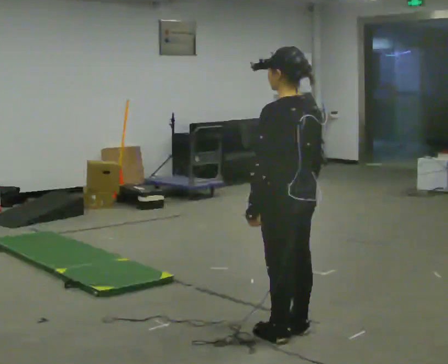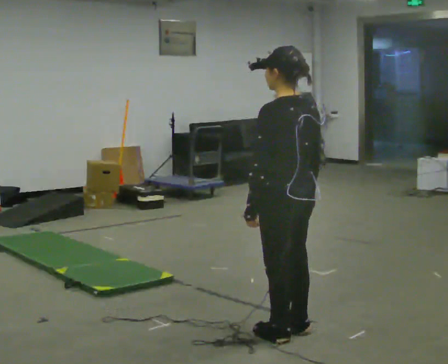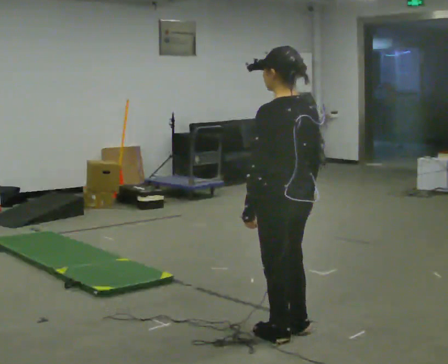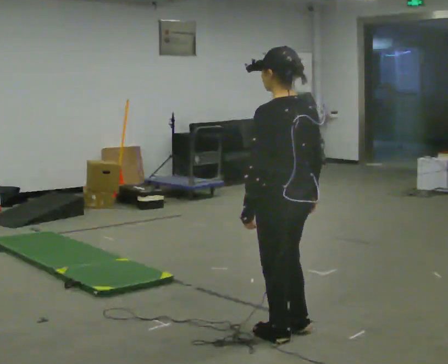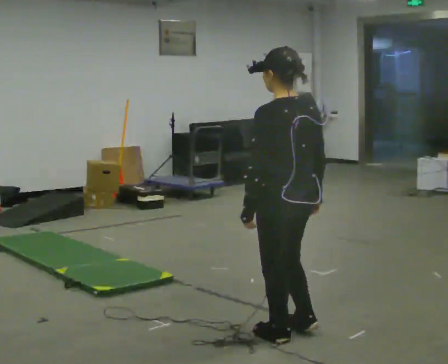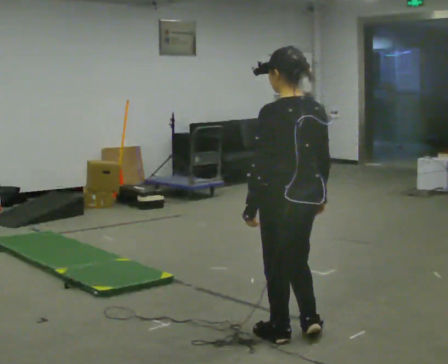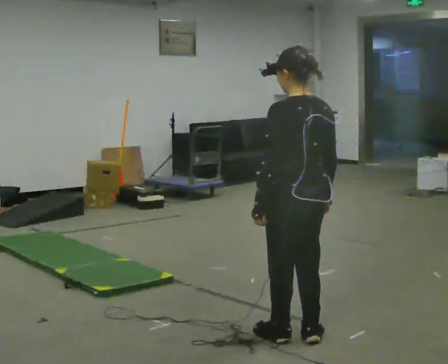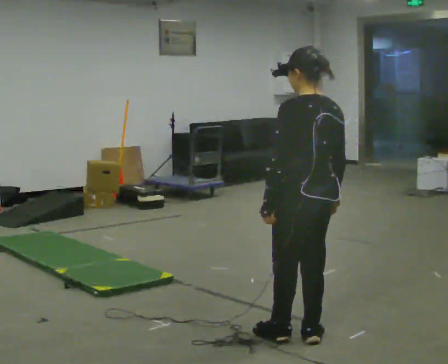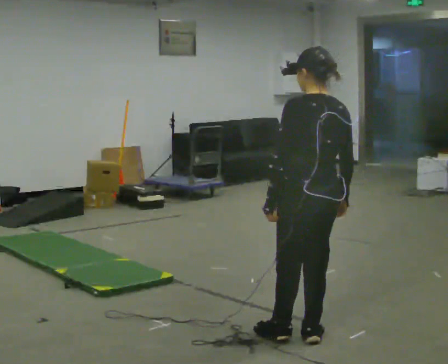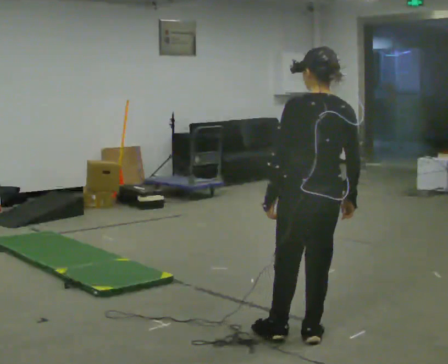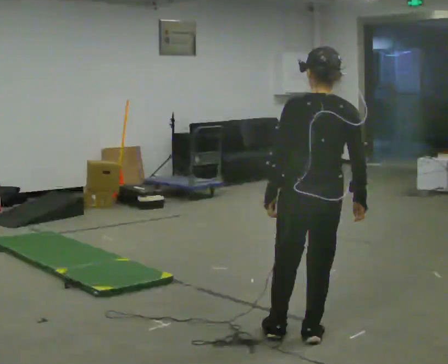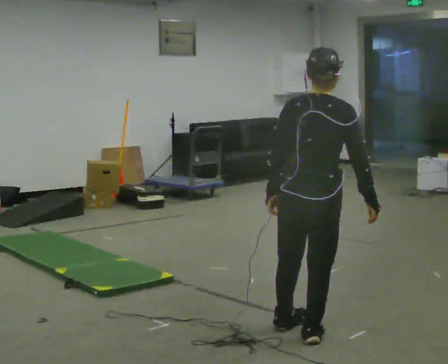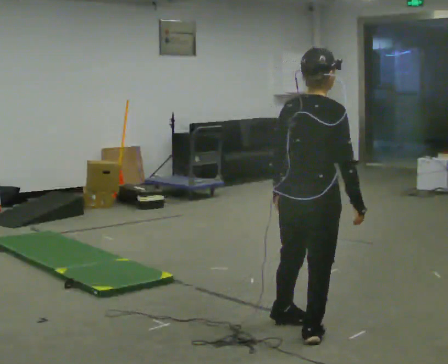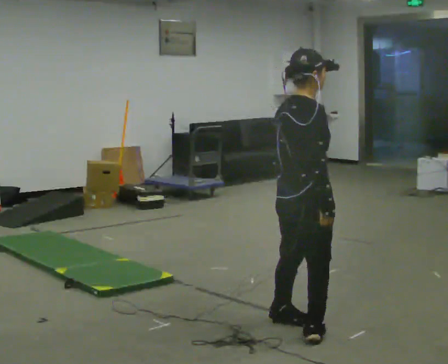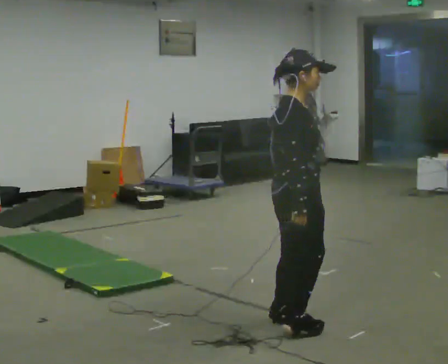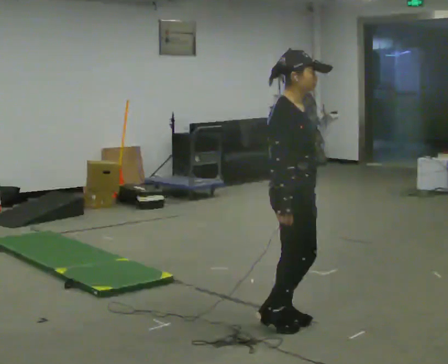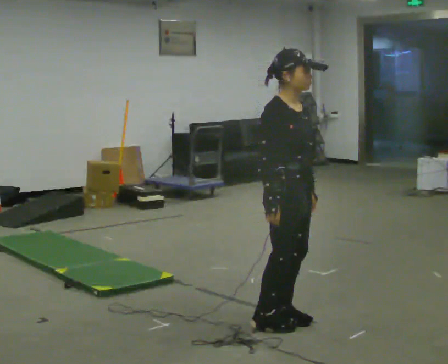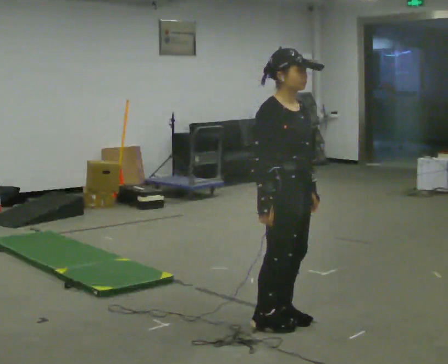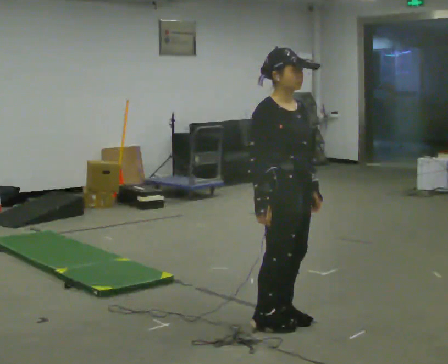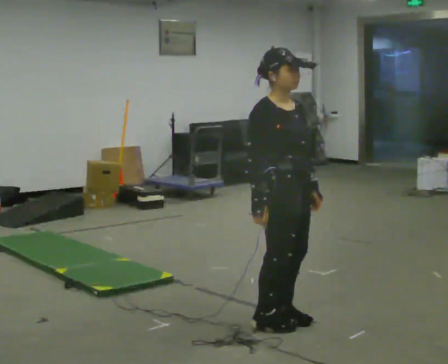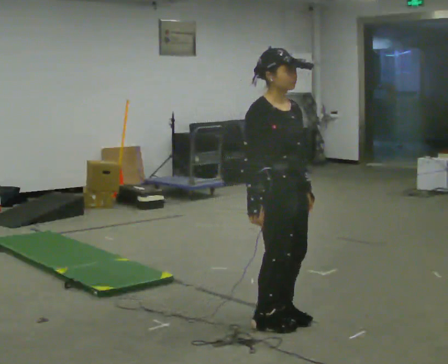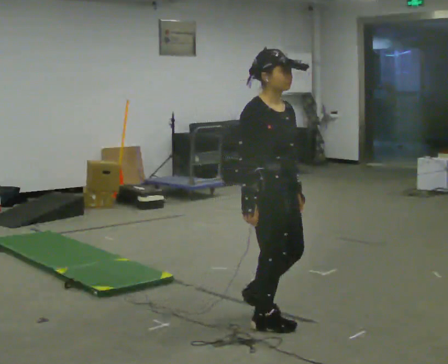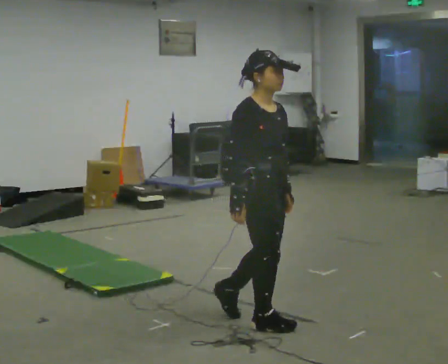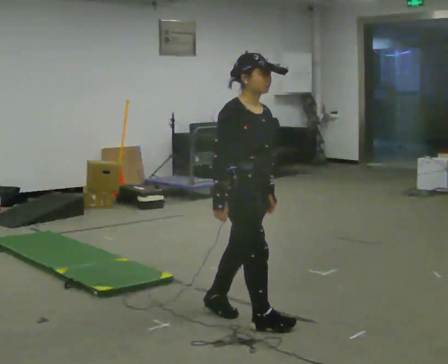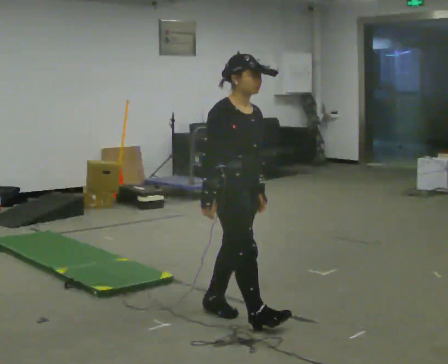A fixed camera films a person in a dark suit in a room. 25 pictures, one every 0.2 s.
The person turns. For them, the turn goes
to their right.
The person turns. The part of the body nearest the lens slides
to the left.
0.0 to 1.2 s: The person moves a little, or ends about where they began.
1.2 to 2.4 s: Seen from above the body turns clockwise, about 75 degrees: to their right, with its near side sliding to the left.
2.4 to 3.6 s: The part of the body nearest the lens slides to the left as the person turns to their right by about 90 degrees.
3.6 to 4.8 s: In the picture they go to the left and away from the camera, about 0.25 m in 1 step, which for them is backward.
The film runs backward here.
